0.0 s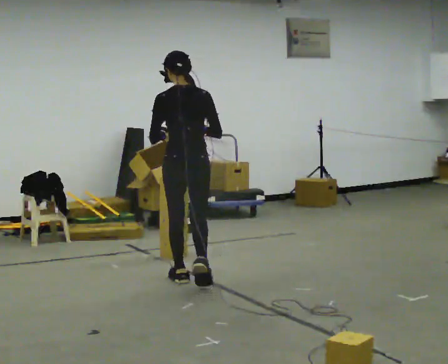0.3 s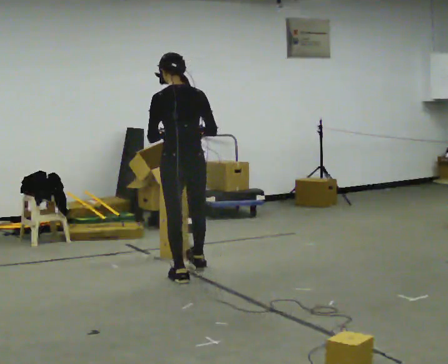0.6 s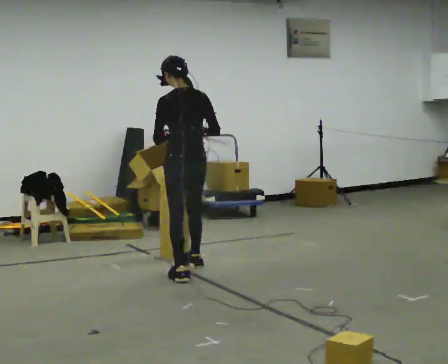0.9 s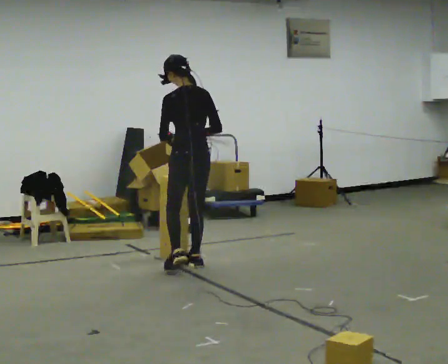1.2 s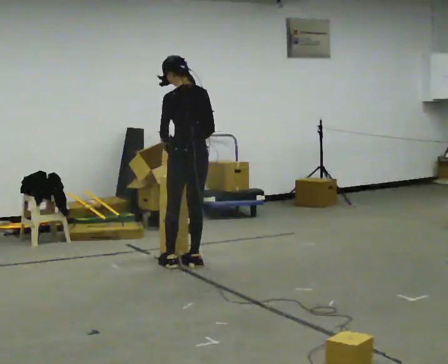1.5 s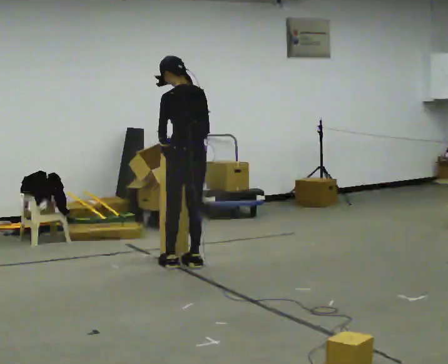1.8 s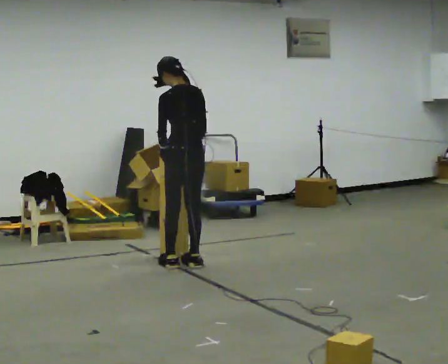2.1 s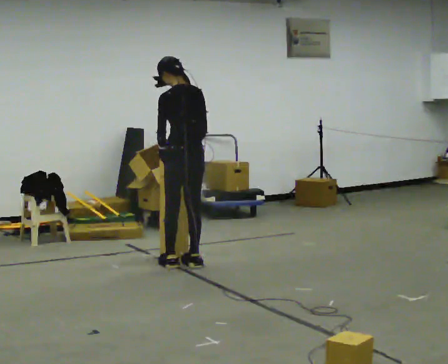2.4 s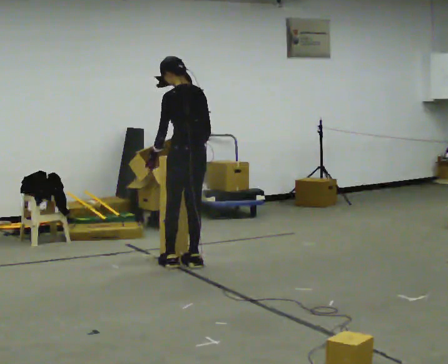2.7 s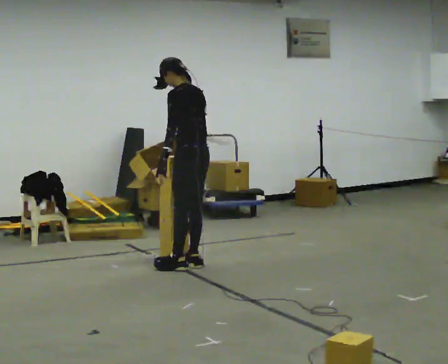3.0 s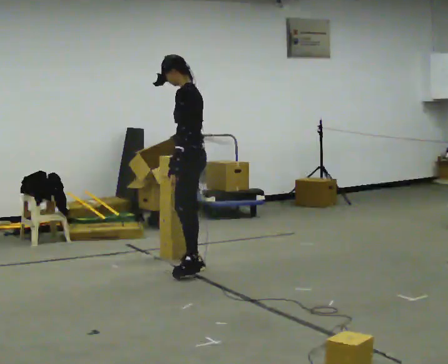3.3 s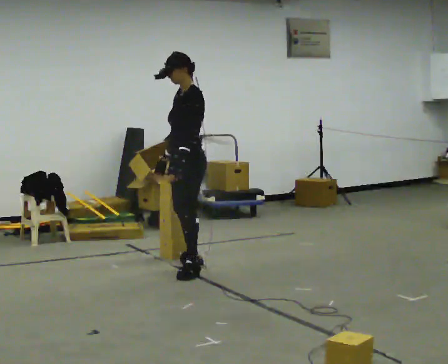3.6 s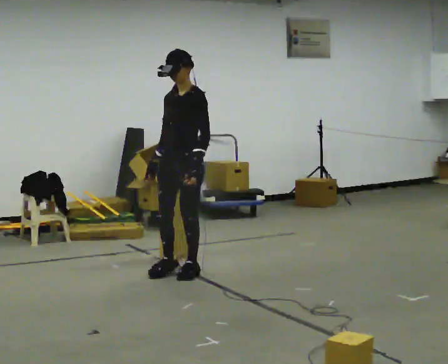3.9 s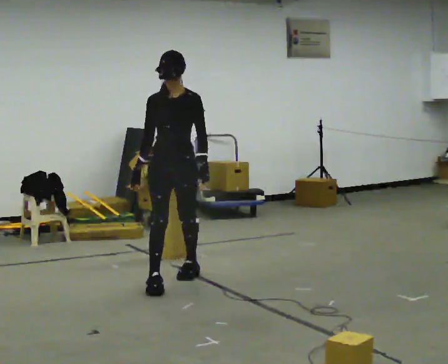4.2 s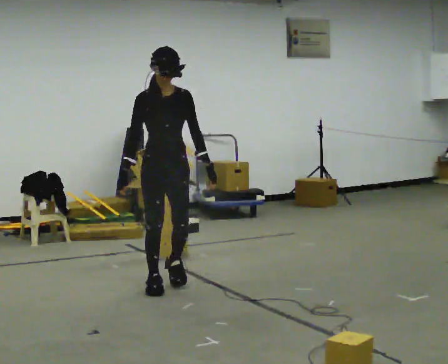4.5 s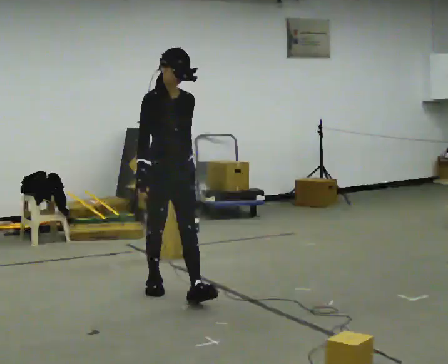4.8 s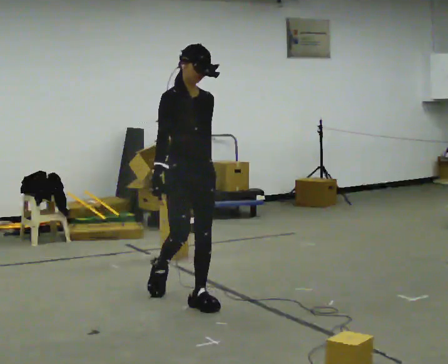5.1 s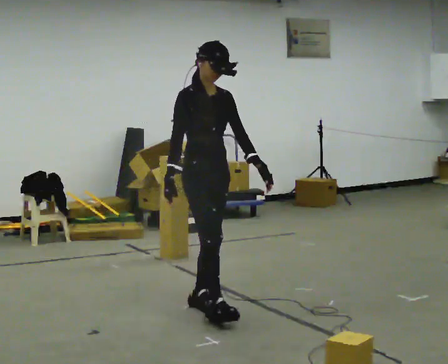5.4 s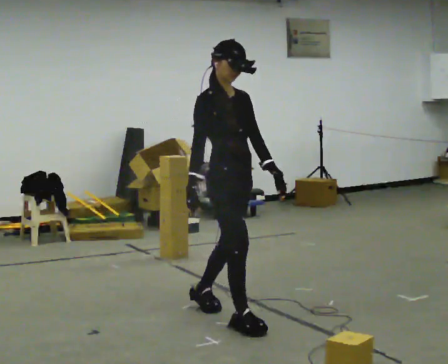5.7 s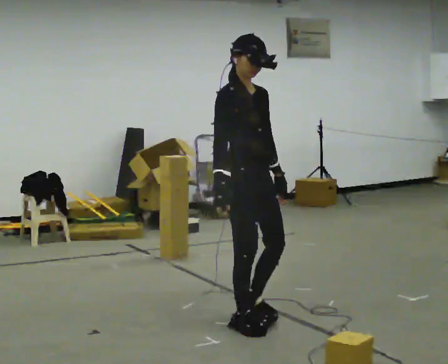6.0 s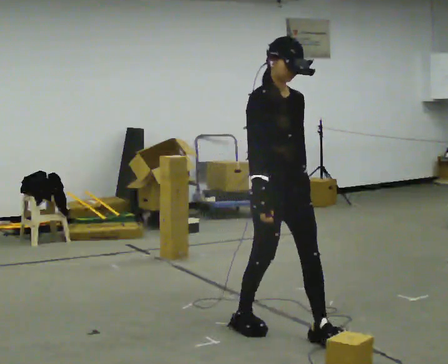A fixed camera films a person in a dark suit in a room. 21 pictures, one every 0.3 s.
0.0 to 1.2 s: In the picture they go away from the camera, about 0.5 m in 2 steps, which for them is forward.
1.2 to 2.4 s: The person moves a little, or ends about where they began.
2.4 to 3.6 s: Seen from above the body turns counterclockwise, about 105 degrees: to their left, with its near side sliding to the right. In the picture they go toward the camera, about 0.25 m in 1 step.
3.6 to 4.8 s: Seen from above the body turns counterclockwise, about 75 degrees: to their left, with its near side sliding to the right. In the picture they go toward the camera, about 0.75 m in 2 steps.
4.8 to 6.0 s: In the picture they go toward the camera and to the right, about 1 m in 2 steps, which for them is forward.
The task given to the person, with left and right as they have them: Take boxes off the top of the stack one at a time and carry them away, walking back for each one. Keep going until the operator says stop; one object at a time, and do not rush between trips.
The film runs forward here.
